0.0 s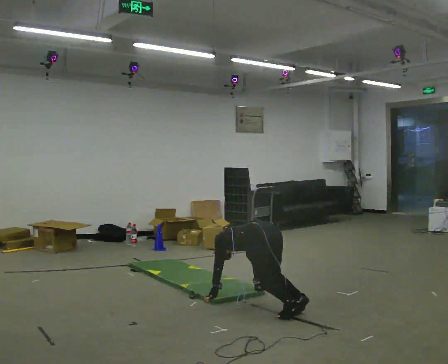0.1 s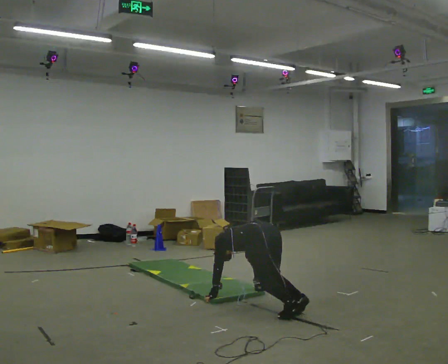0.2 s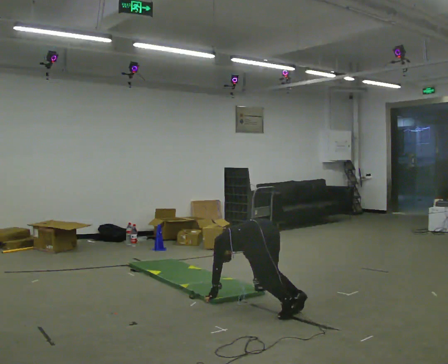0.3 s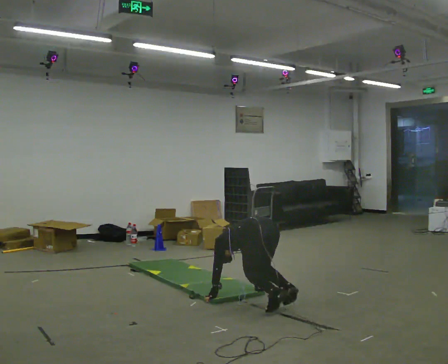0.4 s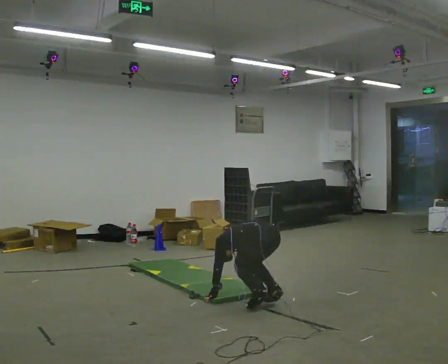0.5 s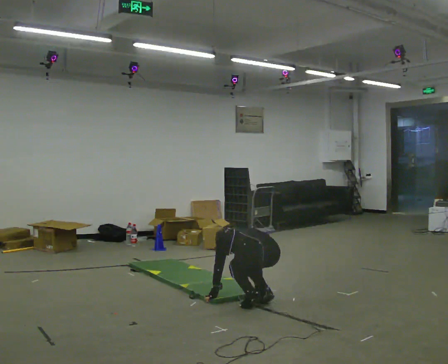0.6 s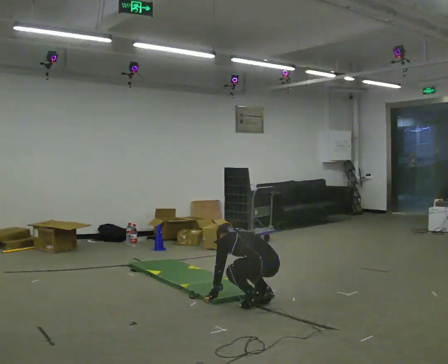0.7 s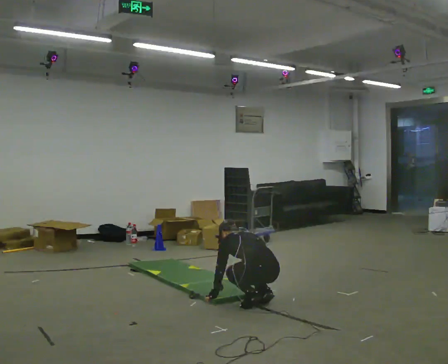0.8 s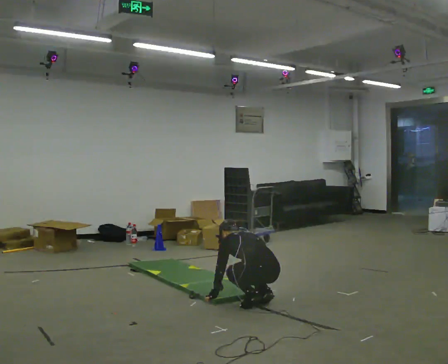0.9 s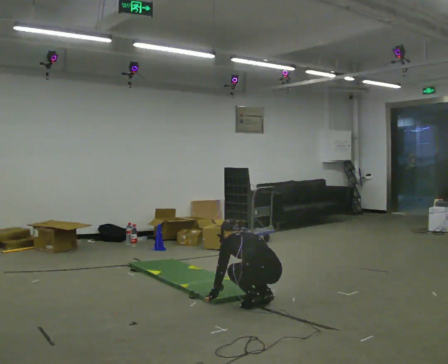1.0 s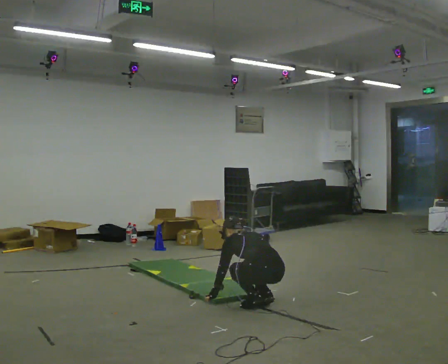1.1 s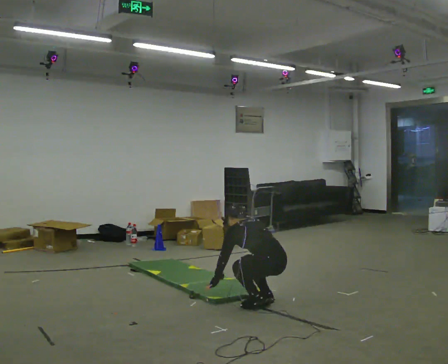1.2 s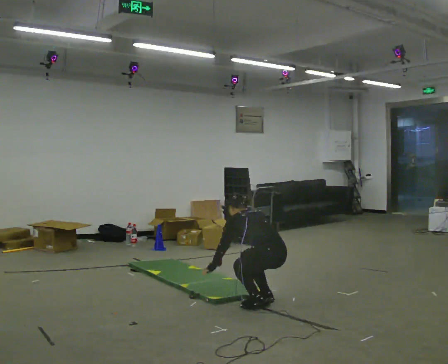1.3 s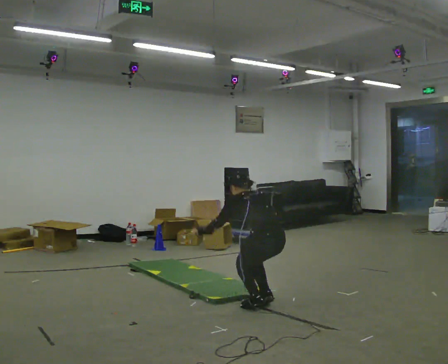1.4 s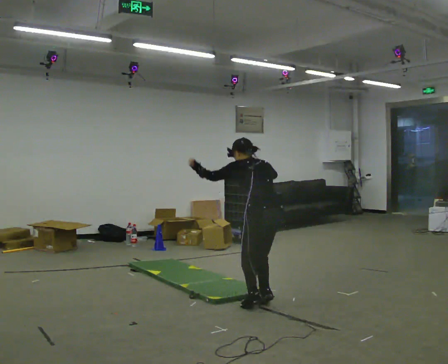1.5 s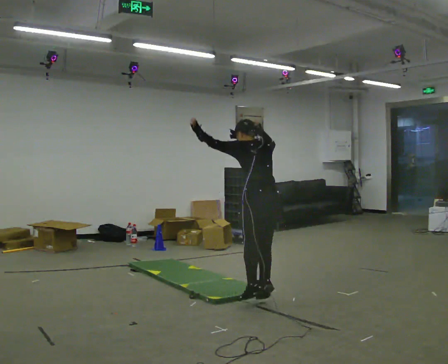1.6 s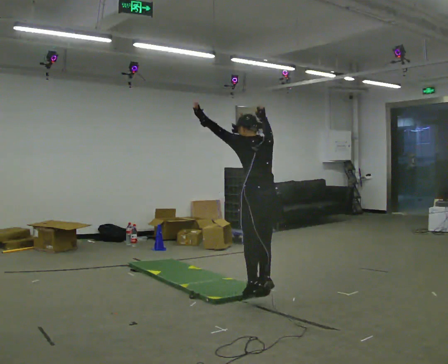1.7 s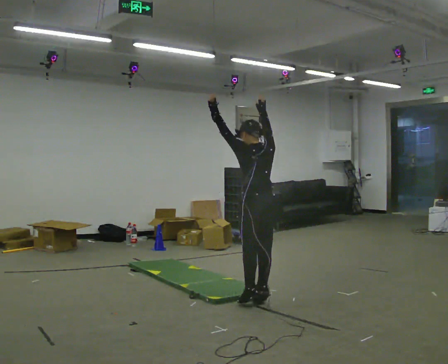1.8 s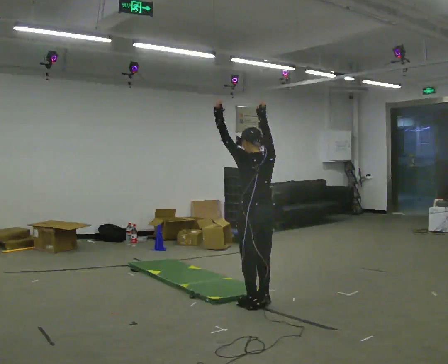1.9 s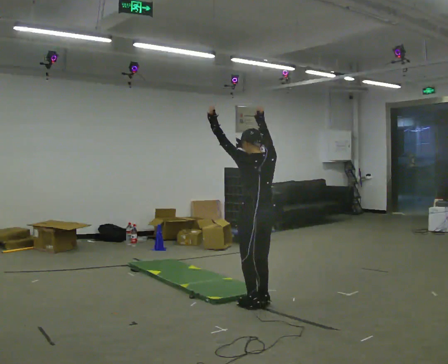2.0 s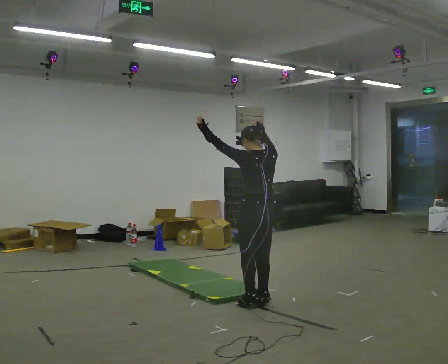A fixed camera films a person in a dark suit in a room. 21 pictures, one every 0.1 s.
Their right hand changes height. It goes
upward.
Their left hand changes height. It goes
upward.
0.0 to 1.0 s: The upper body tips toward the camera, its near side rolling downward, as they lean back or straighten.
1.0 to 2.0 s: The upper body goes upward. The upper body tips toward the camera, its near side rolling downward, as they lean back or straighten. In the picture their right hand goes upward.
The film runs forward here.
